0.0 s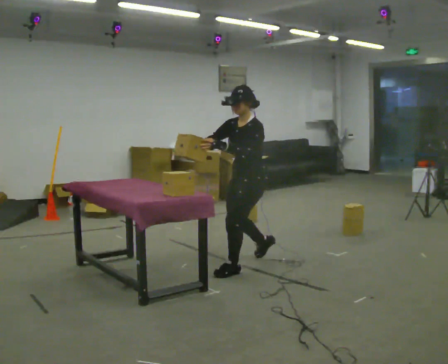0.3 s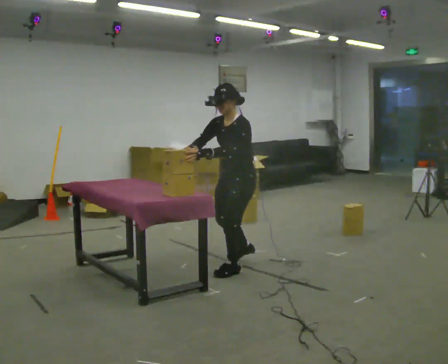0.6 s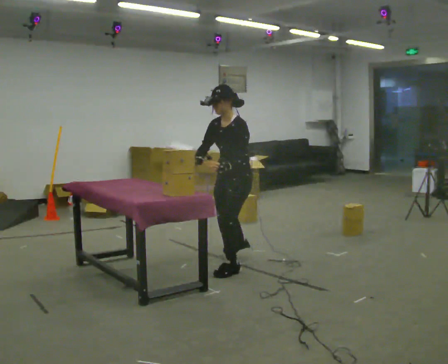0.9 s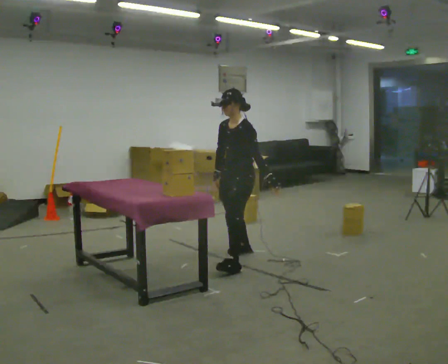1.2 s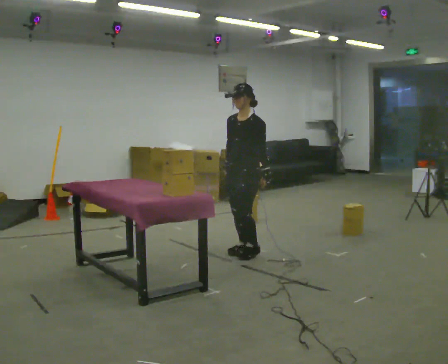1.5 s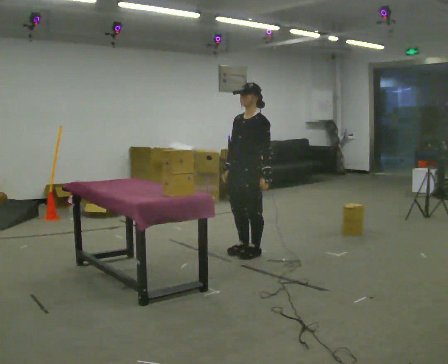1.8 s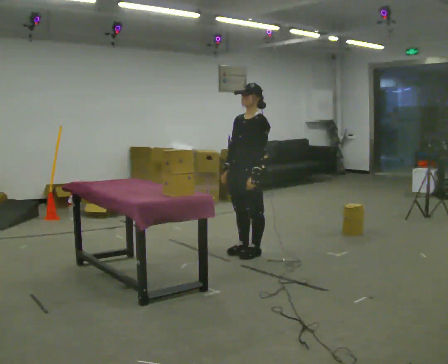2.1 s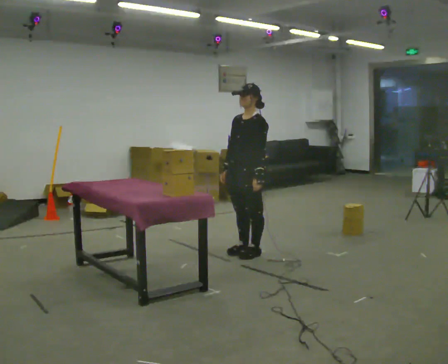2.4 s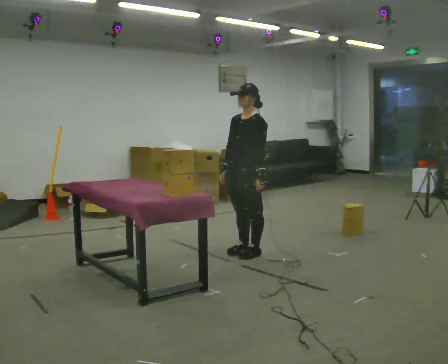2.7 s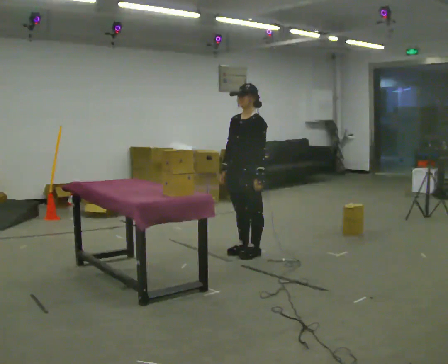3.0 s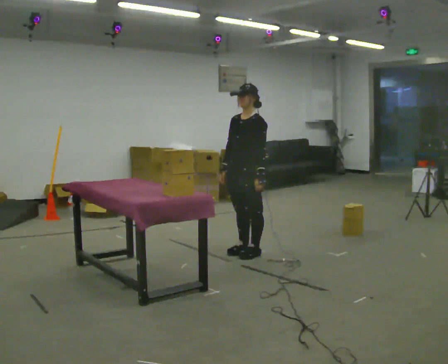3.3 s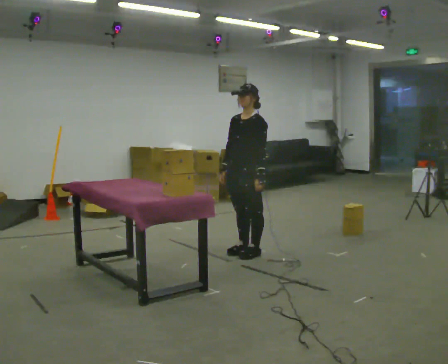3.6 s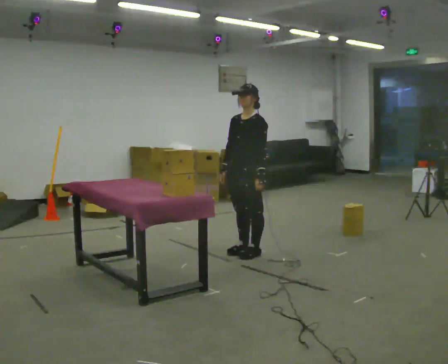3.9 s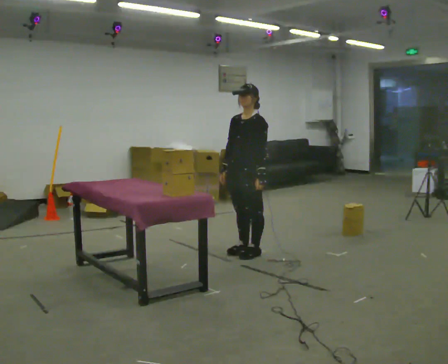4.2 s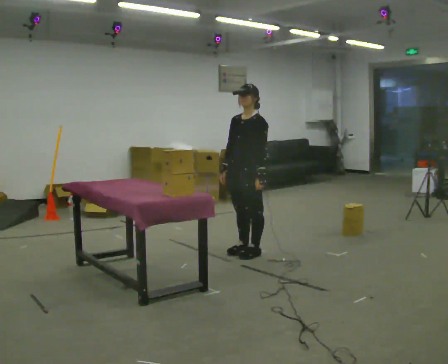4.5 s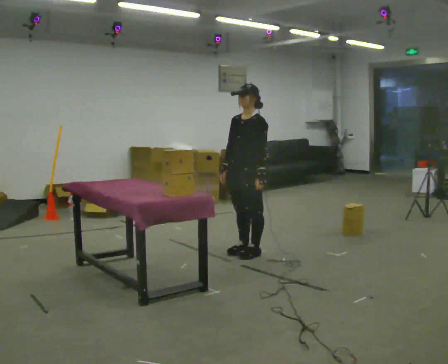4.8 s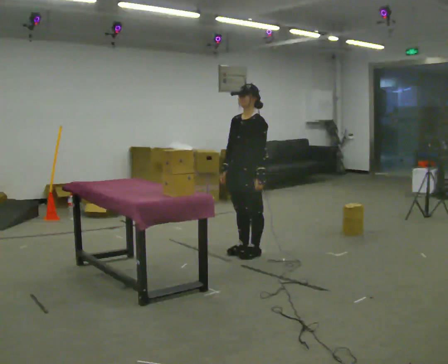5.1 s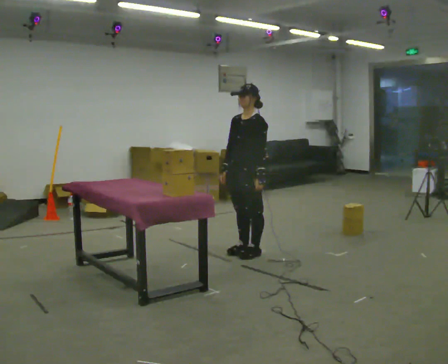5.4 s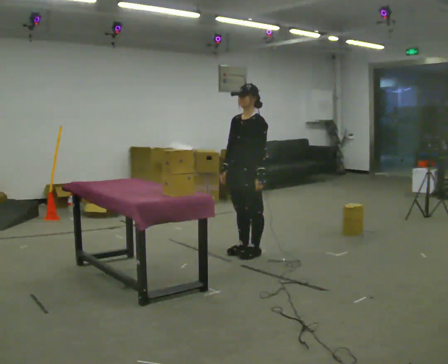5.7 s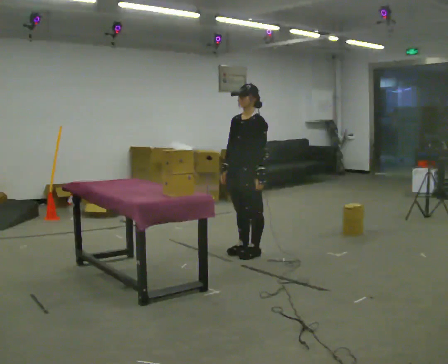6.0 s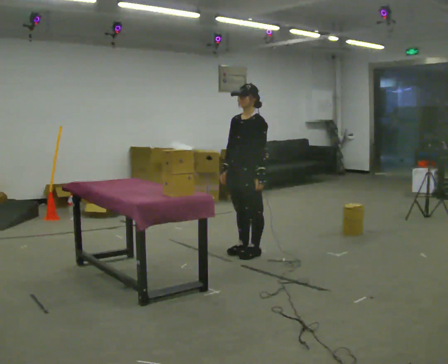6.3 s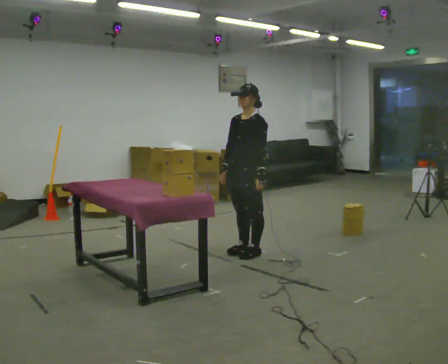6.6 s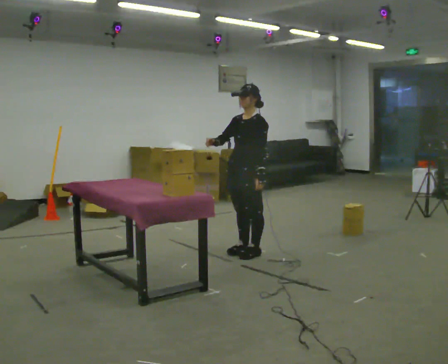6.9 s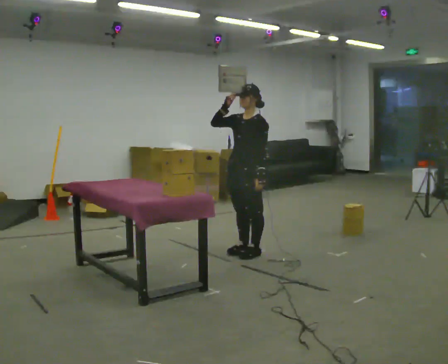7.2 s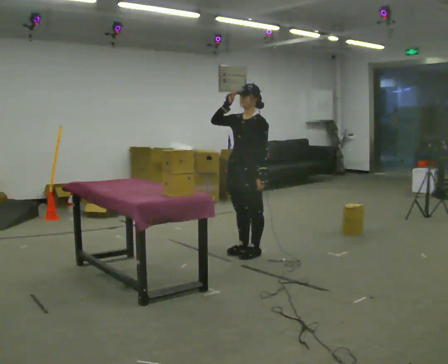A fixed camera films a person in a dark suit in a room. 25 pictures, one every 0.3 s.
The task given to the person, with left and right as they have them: Take the objects from the bin one at a time and put one in each of the places the operator points out. Keep going until the operator says stop; one object at a time, and do not rush between trips.
0.0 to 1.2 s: In the picture they go away from the camera, about 0.5 m in 1 step, which for them is to their right and backward.
1.2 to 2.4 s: The person moves a little, or ends about where they began.
2.4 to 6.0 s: The person keeps their place and pose.
6.0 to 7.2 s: In the picture their right hand goes upward.
The film runs forward here.
